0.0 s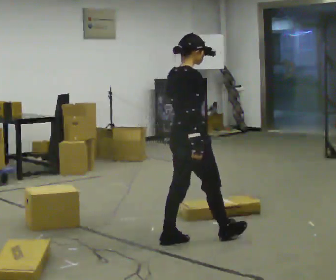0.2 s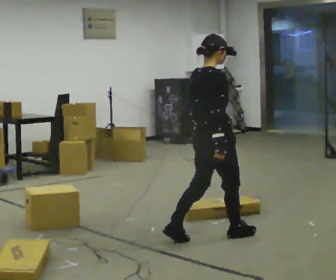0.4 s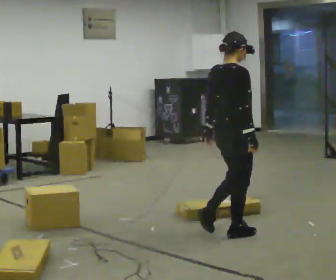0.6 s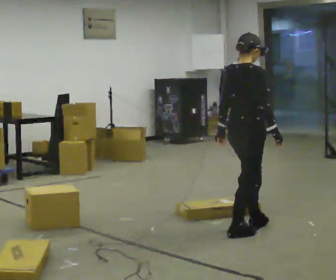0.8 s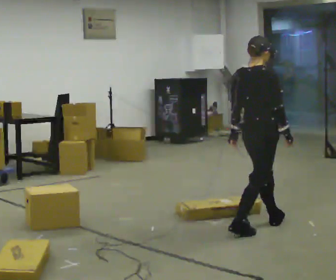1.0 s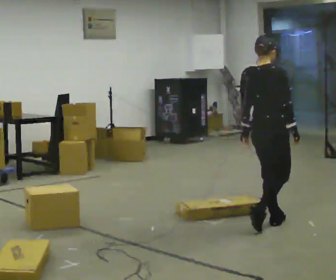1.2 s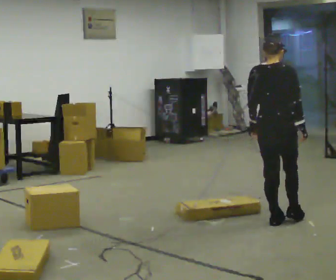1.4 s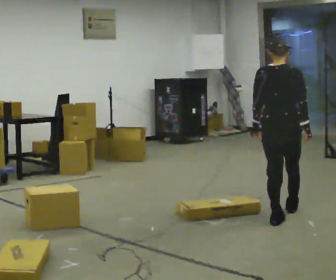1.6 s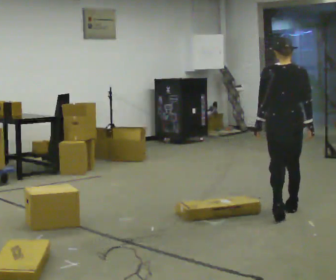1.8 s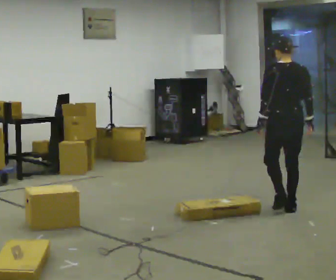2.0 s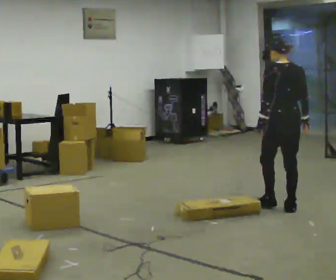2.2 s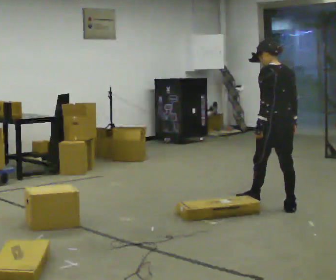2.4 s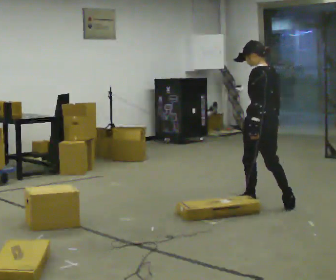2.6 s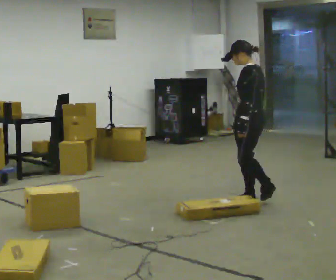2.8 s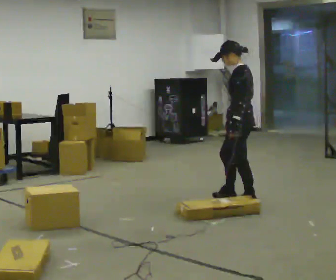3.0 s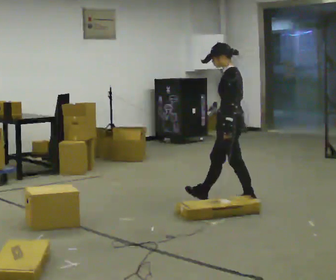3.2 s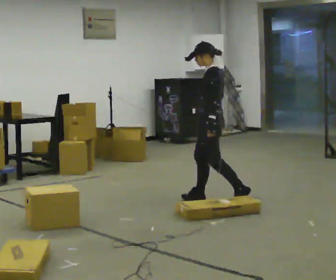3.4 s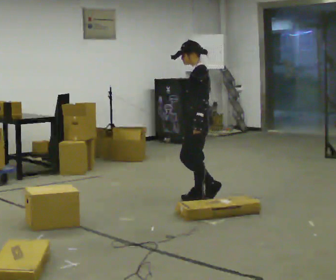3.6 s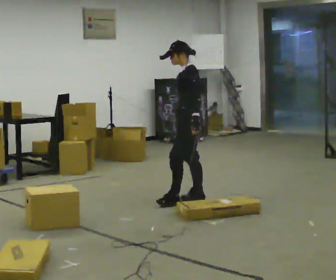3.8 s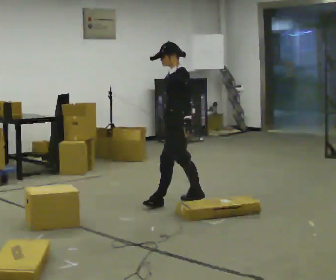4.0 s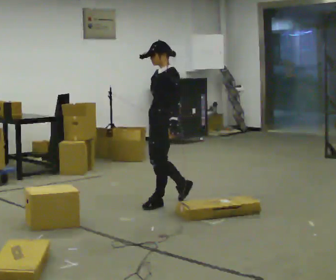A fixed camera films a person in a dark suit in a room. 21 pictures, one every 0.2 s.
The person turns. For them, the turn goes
to their left.
The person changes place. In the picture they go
away from the camera.
0.0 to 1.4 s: The part of the body nearest the lens slides to the right as the person turns to their left by about 45 degrees. In the picture they go to the right and away from the camera, about 1 m in 2 steps, which for them is forward.
1.4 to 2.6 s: The person turns about 90 degrees to their left, counterclockwise seen from above, so the part of the body nearest the lens slides to the right. In the picture they go away from the camera and to the left, about 0.5 m in 2 steps.
2.6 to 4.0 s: Seen from above the body turns counterclockwise, about 45 degrees: to their left, with its near side sliding to the right. In the picture they go to the left, about 1 m in 2 steps, which for them is forward.
The film runs forward here.
